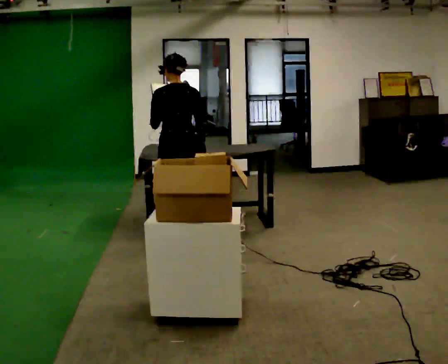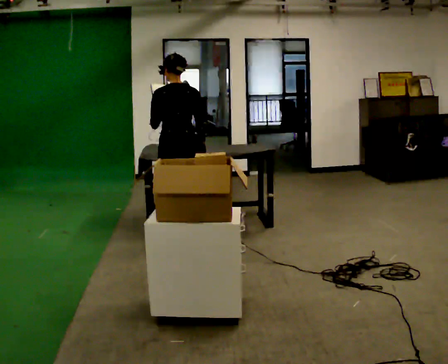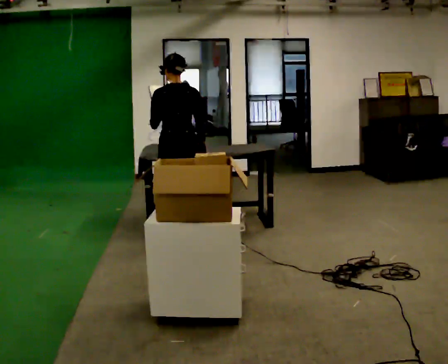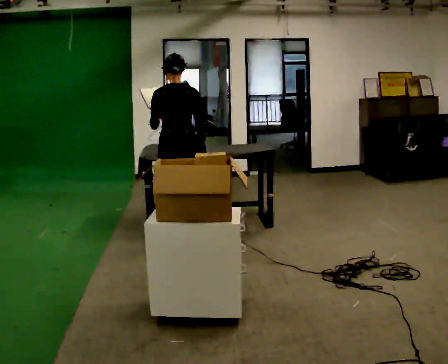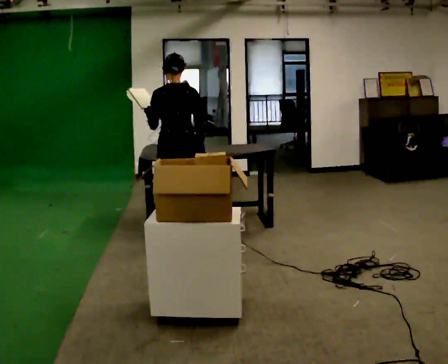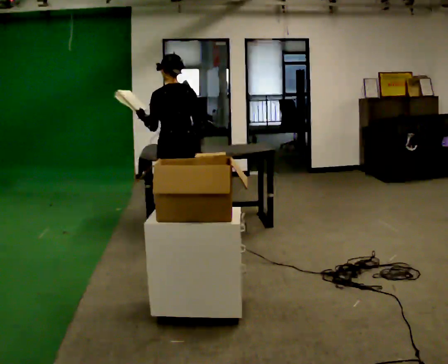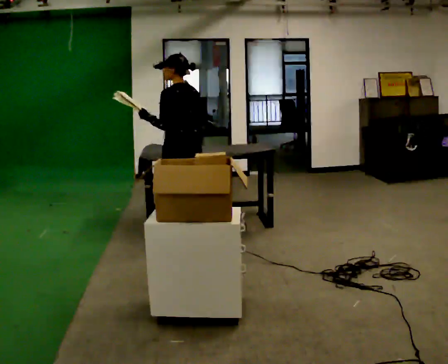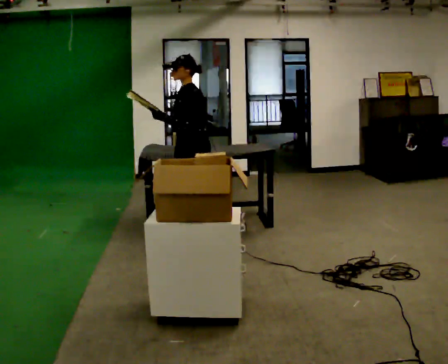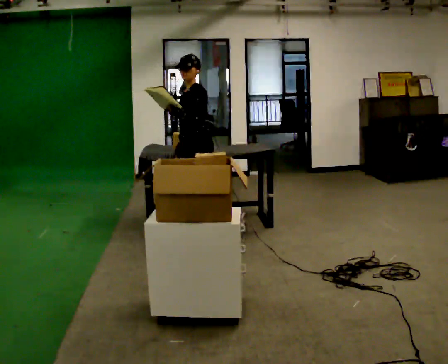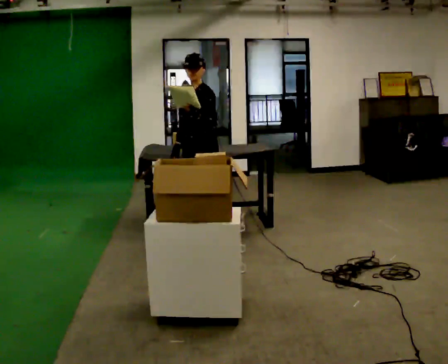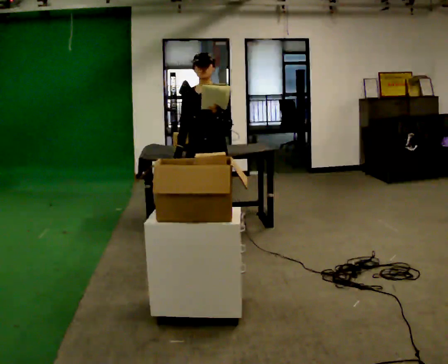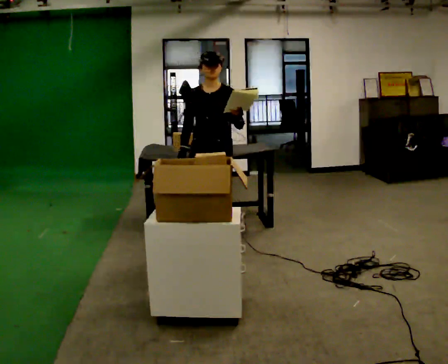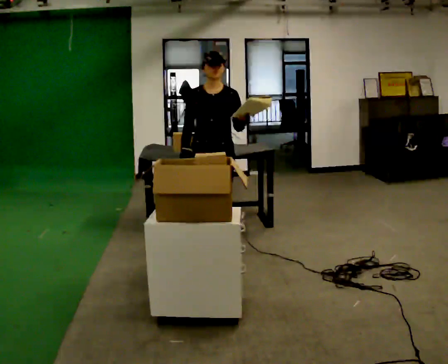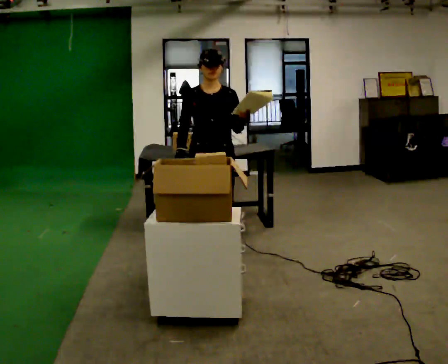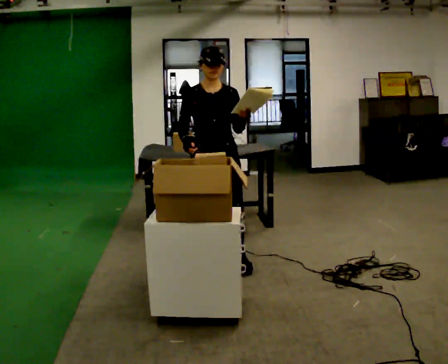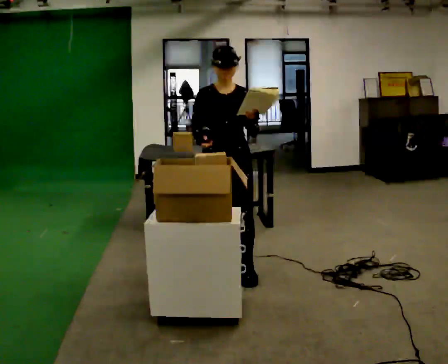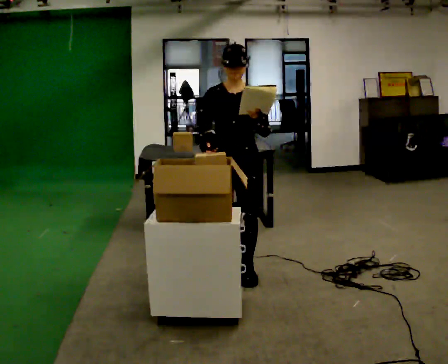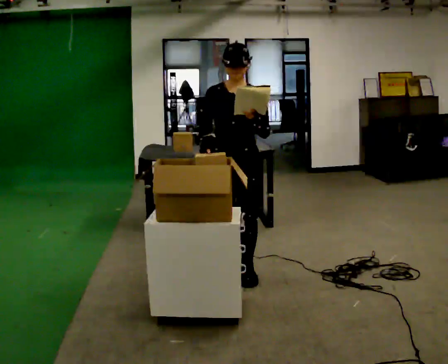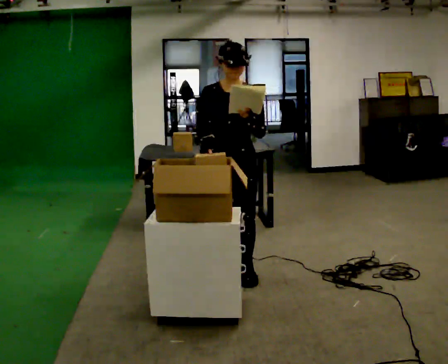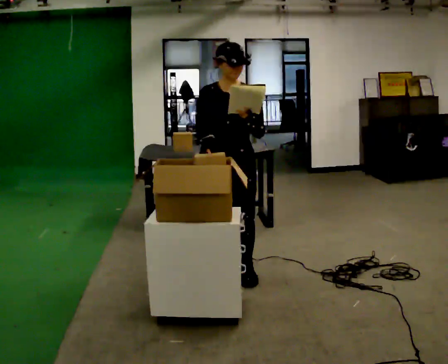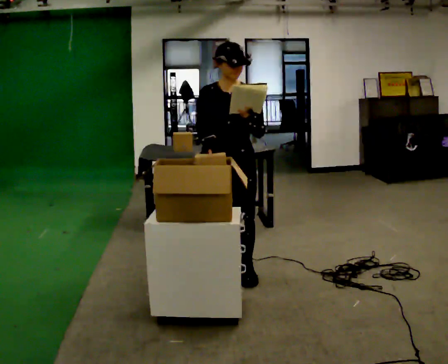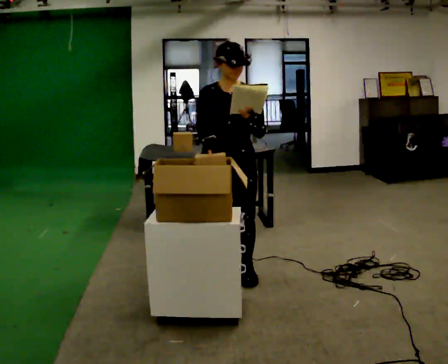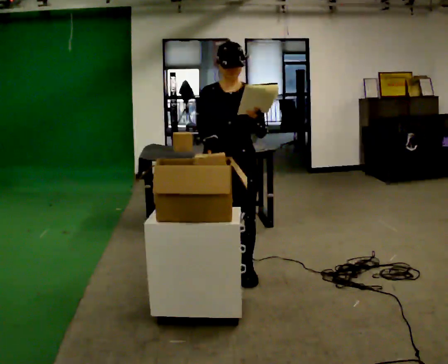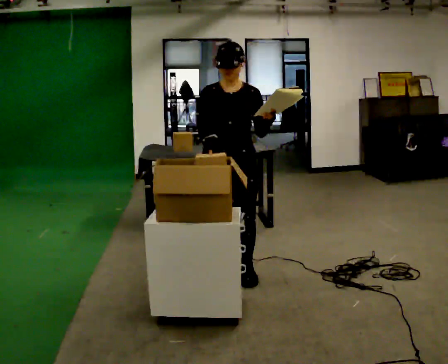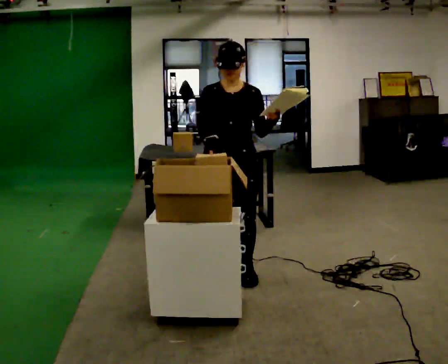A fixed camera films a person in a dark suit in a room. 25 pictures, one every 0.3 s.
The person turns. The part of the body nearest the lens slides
to the right.
The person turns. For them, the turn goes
to their left.
0.0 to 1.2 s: The person moves a little, or ends about where they began.
1.2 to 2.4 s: The person turns about 90 degrees to their left, counterclockwise seen from above, so the part of the body nearest the lens slides to the right. In the picture they go to the right, about 0.25 m in 1 step. In the picture their left hand goes to the right.
2.4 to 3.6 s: The part of the body nearest the lens slides to the right as the person turns to their left by about 75 degrees. In the picture they go toward the camera, about 0.25 m in 1 step.
3.6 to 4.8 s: In the picture they go toward the camera, about 0.5 m in 2 steps, which for them is forward.
4.8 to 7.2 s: The person moves a little, or ends about where they began.
The film runs forward here.
